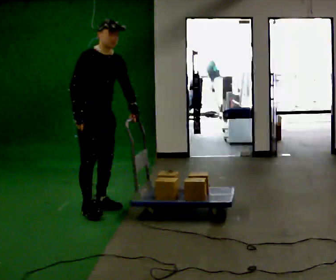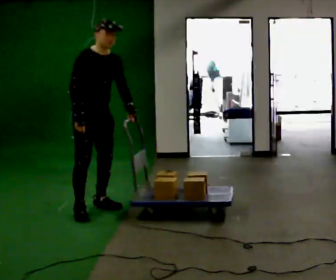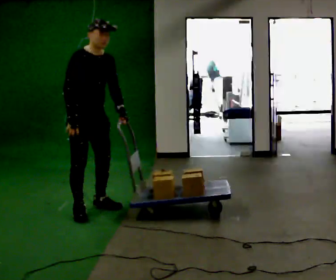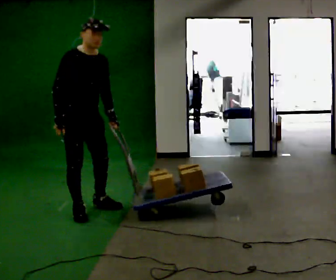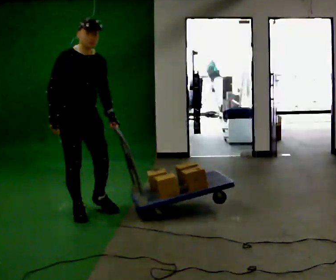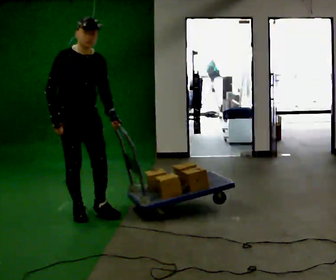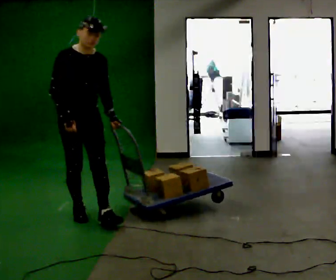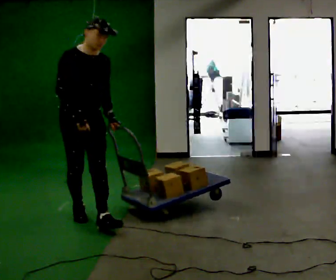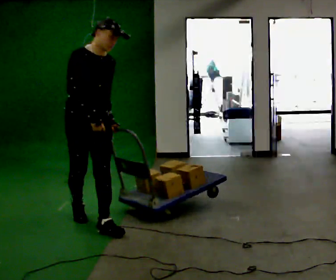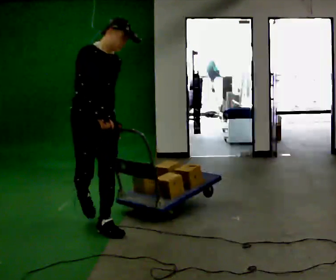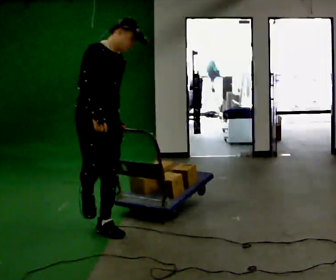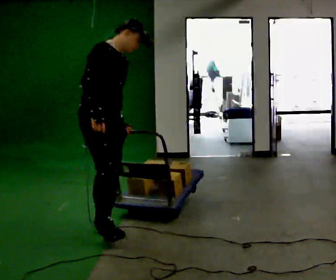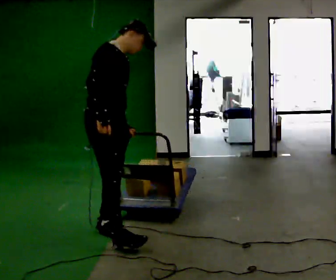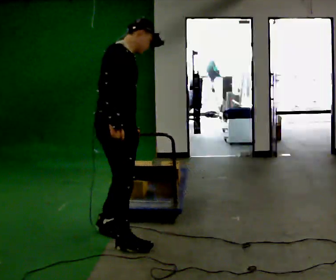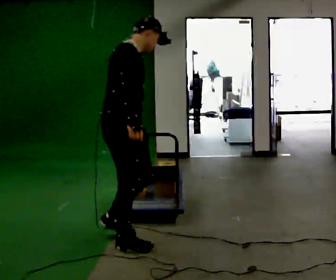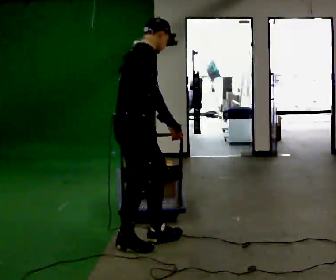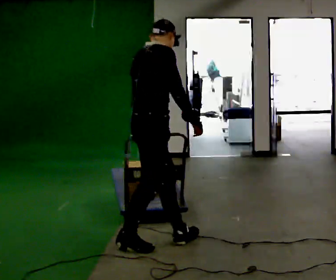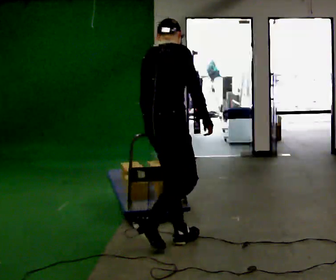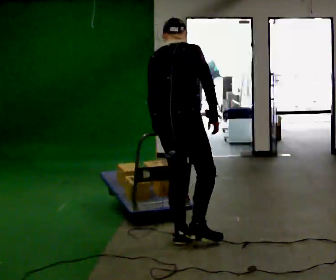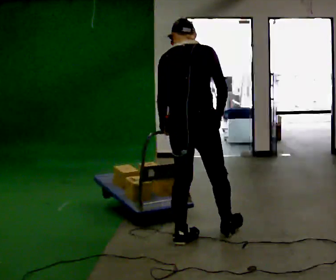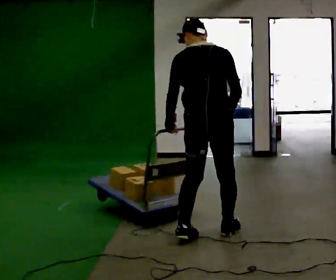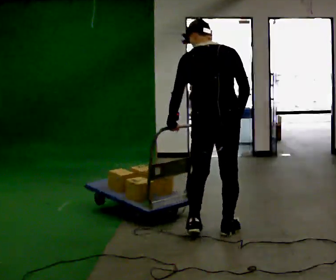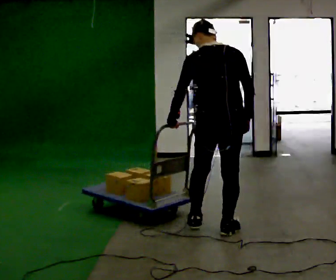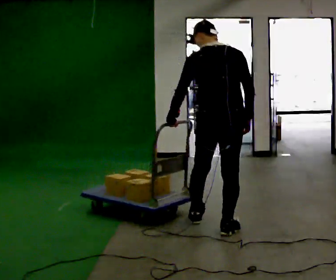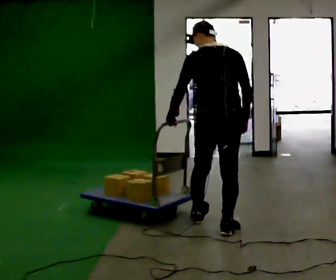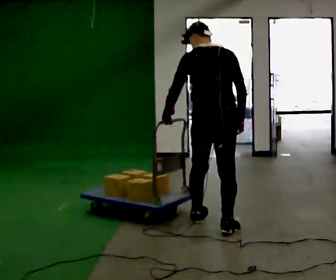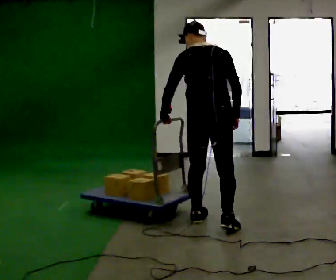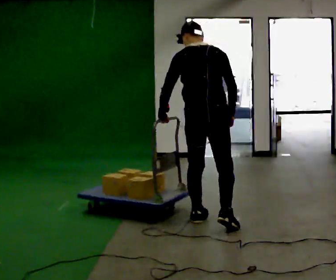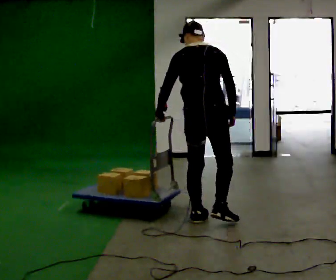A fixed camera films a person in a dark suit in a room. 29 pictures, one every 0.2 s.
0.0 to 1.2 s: In the picture they go toward the camera, about 0.25 m, which for them is to their right and forward.
1.2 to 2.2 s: Seen from above the body turns counterclockwise, about 30 degrees: to their left, with its near side sliding to the right. In the picture they go toward the camera and to the right, about 0.5 m in 1 step, which for them is forward.
2.2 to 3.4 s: The part of the body nearest the lens slides to the right as the person turns to their left by about 75 degrees. In the picture they go to the right and toward the camera, about 0.5 m in 2 steps.
3.4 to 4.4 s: Seen from above the body turns counterclockwise, about 45 degrees: to their left, with its near side sliding to the right. In the picture they go to the right and away from the camera, about 0.5 m in 1 step, which for them is forward and to their right.
4.4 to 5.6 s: In the picture they go away from the camera, about 0.25 m in 1 step, which for them is forward and to their left.
The film runs forward here.
